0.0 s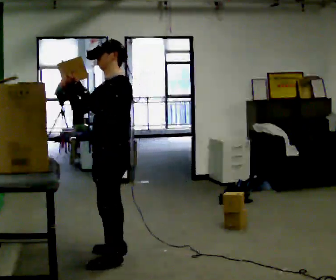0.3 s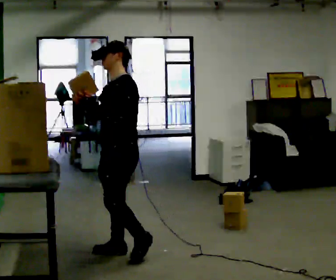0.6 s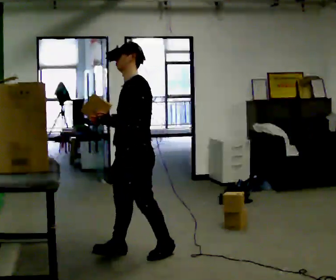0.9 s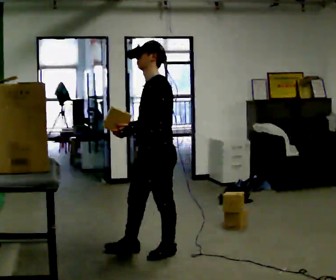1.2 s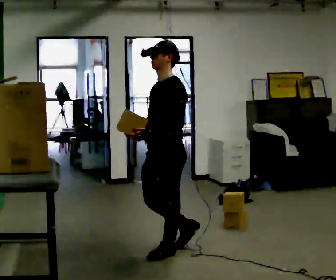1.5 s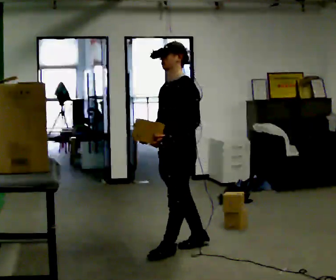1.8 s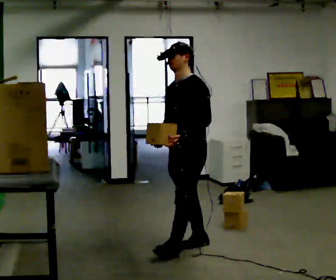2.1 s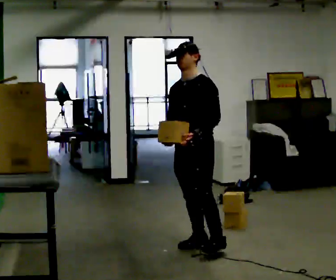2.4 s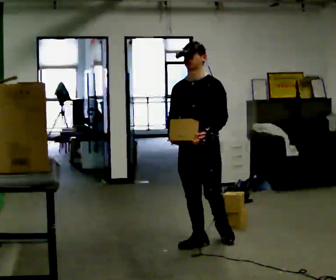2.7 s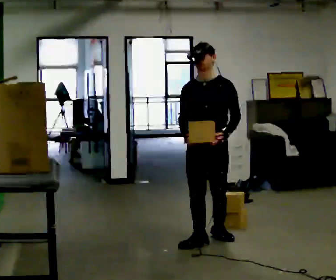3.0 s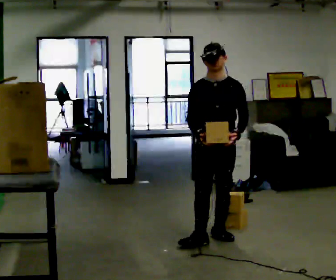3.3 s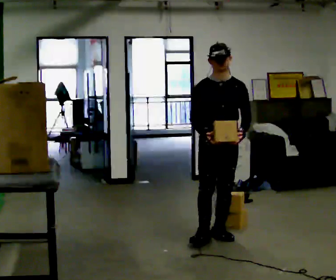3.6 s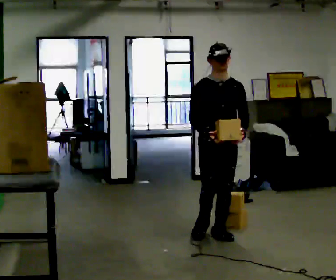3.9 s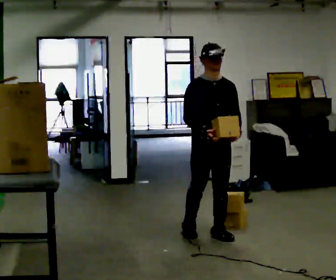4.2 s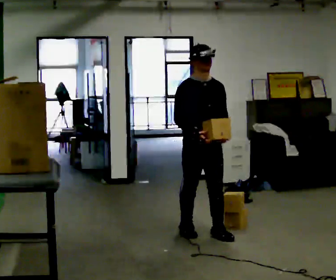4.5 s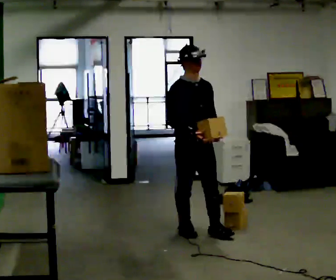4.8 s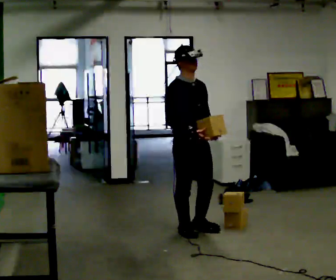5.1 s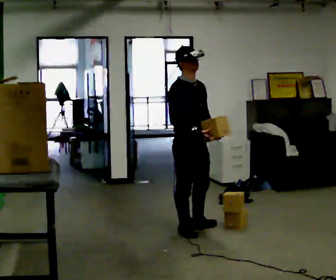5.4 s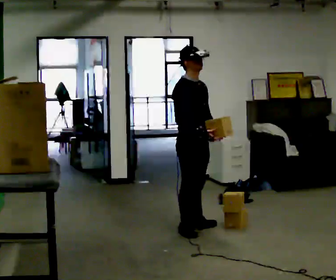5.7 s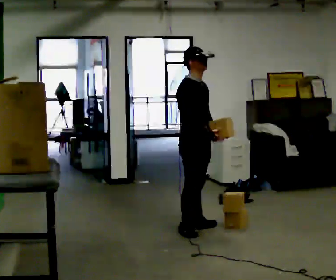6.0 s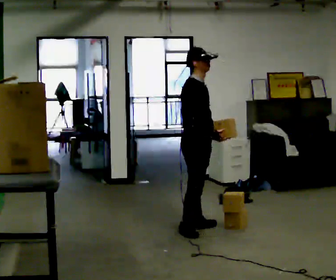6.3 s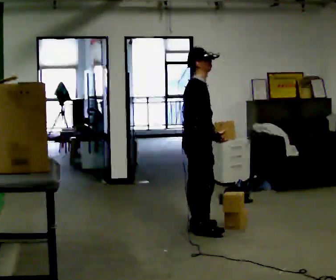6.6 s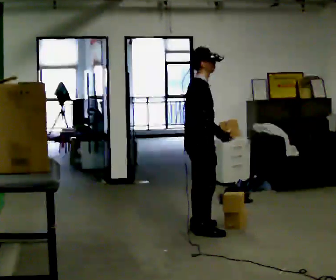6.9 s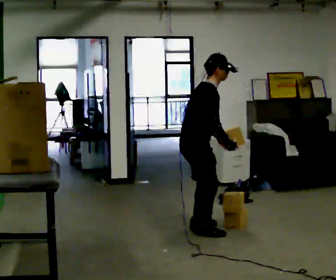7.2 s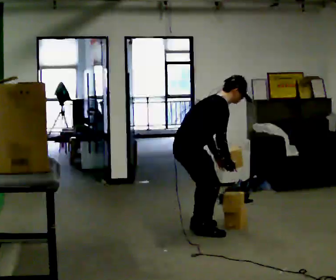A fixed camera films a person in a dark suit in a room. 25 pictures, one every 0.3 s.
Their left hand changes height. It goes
downward.
Their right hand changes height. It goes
downward.
0.0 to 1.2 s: In the picture they go to the right, about 0.5 m in 2 steps, which for them is backward. In the picture their right hand goes downward, the arm swinging counterclockwise.
1.2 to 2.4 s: The person turns about 45 degrees to their left, counterclockwise seen from above, so the part of the body nearest the lens slides to the right. In the picture they go away from the camera and to the right, about 0.25 m in 1 step, which for them is backward.
2.4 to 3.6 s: Seen from above the body turns counterclockwise, about 30 degrees: to their left, with its near side sliding to the right. In the picture they go away from the camera and to the right, about 0.25 m in 1 step, which for them is backward and to their left.
3.6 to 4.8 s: Seen from above the body turns counterclockwise, about 30 degrees: to their left, with its near side sliding to the right. In the picture they go to the left, about 0.25 m in 1 step, which for them is backward and to their right.
4.8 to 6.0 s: The person turns about 30 degrees to their left, counterclockwise seen from above, so the part of the body nearest the lens slides to the right. In the picture they go away from the camera, about 0.25 m, which for them is to their left.
6.0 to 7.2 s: Seen from above the body turns counterclockwise, about 30 degrees: to their left, with its near side sliding to the right. The upper body goes downward. In the picture the upper body tilts clockwise, shoulders to the right, as they bend forward.
The film runs backward here.
